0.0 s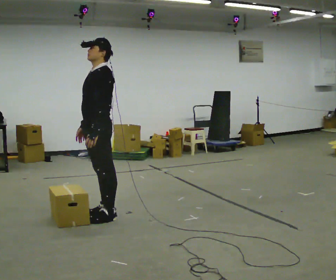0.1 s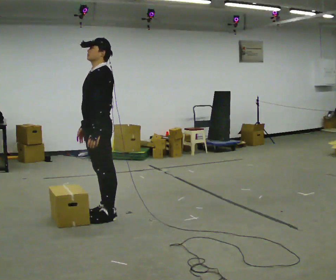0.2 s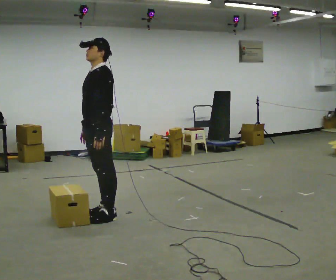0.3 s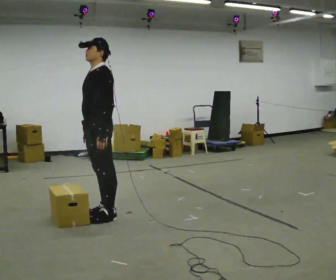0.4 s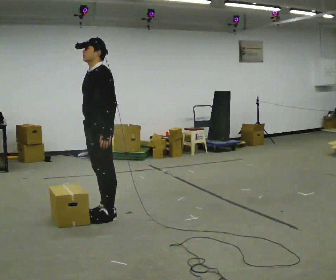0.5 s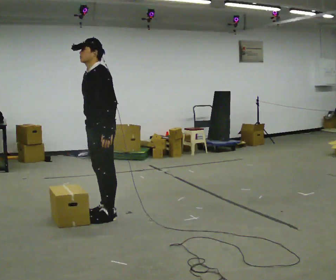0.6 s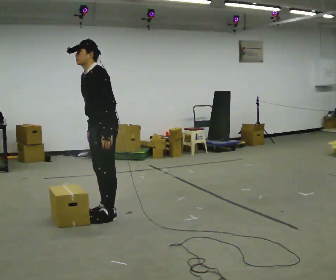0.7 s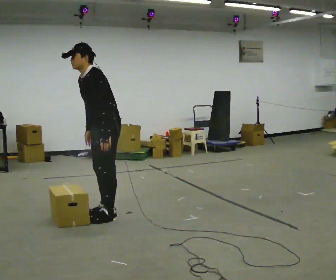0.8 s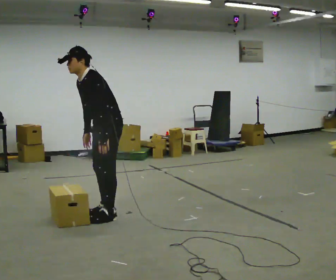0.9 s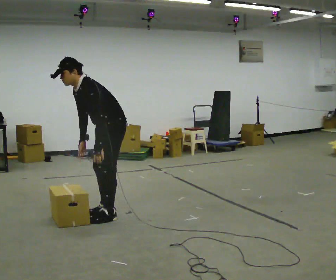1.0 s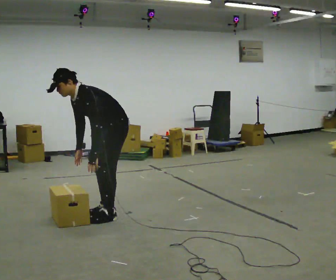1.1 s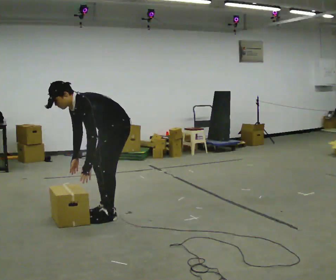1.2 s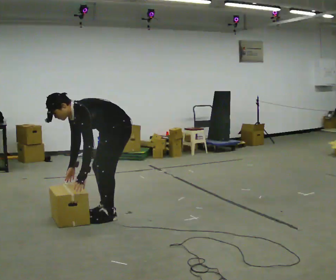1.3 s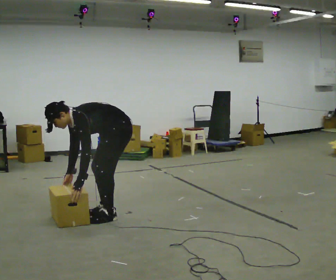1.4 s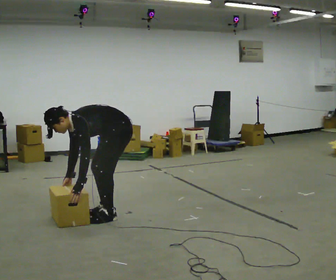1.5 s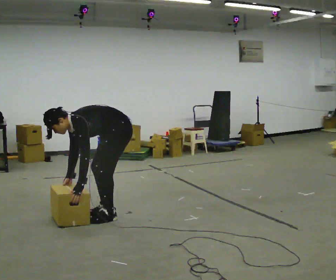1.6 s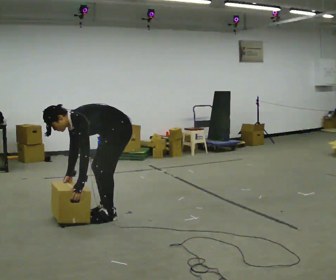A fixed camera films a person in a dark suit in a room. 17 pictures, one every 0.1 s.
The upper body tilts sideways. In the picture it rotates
counterclockwise.
The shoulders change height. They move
downward.
0.0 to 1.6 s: In the picture they go to the right, about 0.25 m, which for them is backward. The upper body goes downward. In the picture the upper body tilts counterclockwise, shoulders to the left, as they bend forward. In the picture their left hand goes downward.
The film runs backward here.
